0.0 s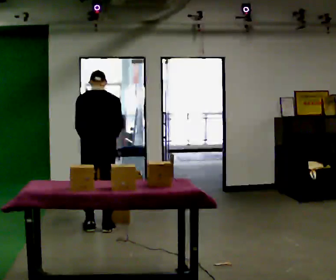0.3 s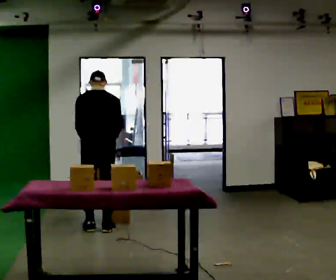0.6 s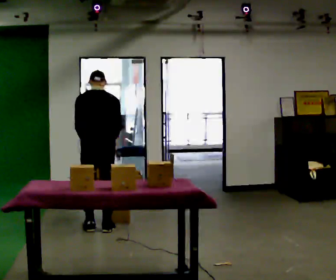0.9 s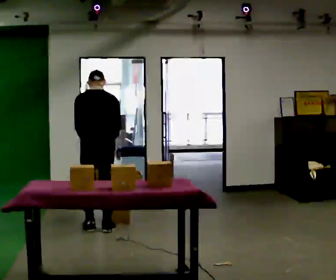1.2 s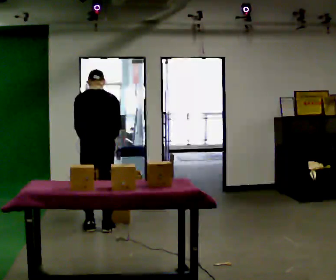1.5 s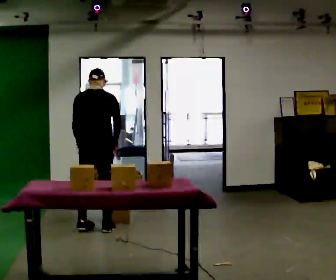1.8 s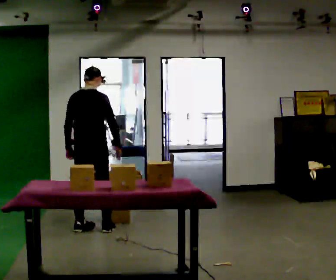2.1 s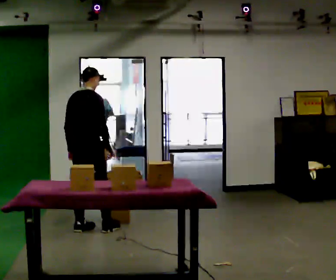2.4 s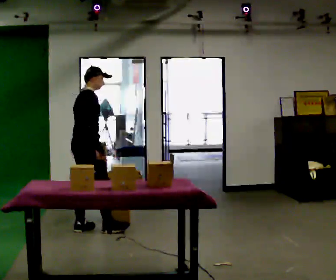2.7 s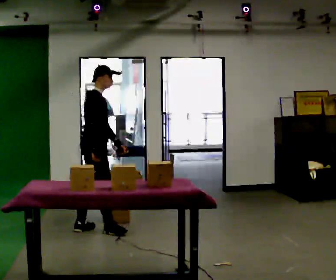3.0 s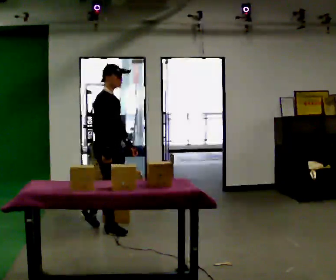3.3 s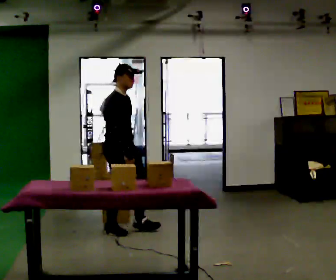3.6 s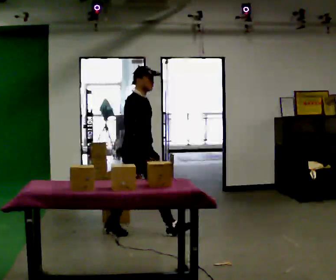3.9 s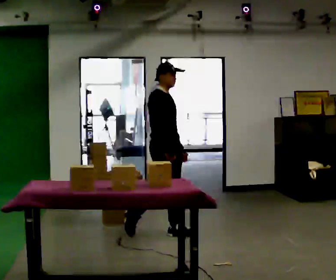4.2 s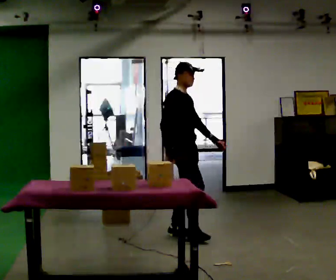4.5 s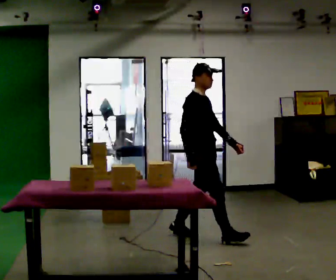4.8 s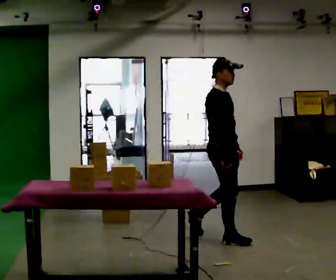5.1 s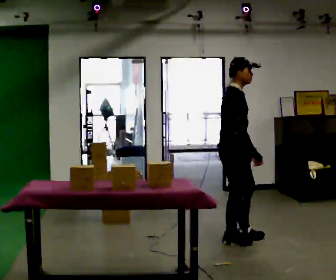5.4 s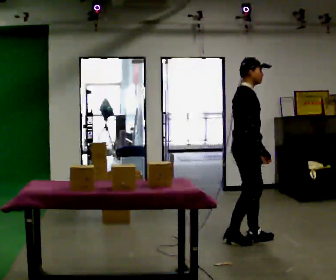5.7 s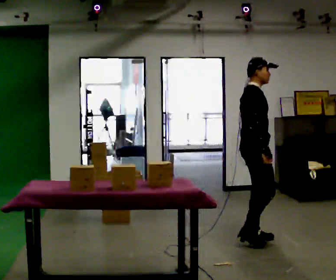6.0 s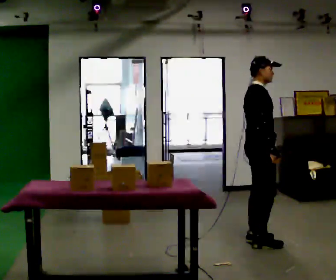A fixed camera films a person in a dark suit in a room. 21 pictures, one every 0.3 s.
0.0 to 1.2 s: The person keeps their place and pose.
1.2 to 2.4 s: The person turns about 75 degrees to their right, clockwise seen from above, so the part of the body nearest the lens slides to the left.
2.4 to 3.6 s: The person turns about 45 degrees to their right, clockwise seen from above, so the part of the body nearest the lens slides to the left. In the picture they go to the right, about 0.5 m in 1 step, which for them is forward.
3.6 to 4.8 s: In the picture they go to the right and toward the camera, about 1 m in 1 step, which for them is forward.
4.8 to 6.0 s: In the picture they go to the right, about 0.25 m in 2 steps, which for them is forward.
The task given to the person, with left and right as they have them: Take the objects from the bin one at a time and put one in each of the places the operator points out. Keep going until the operator says stop; one object at a time, and do not rush between trips.
The film runs forward here.
